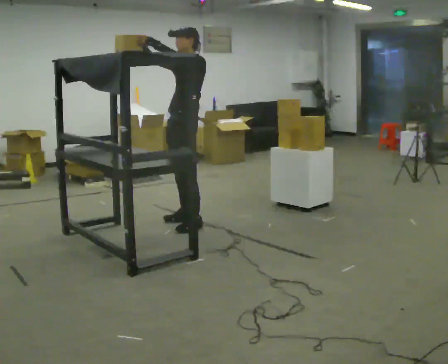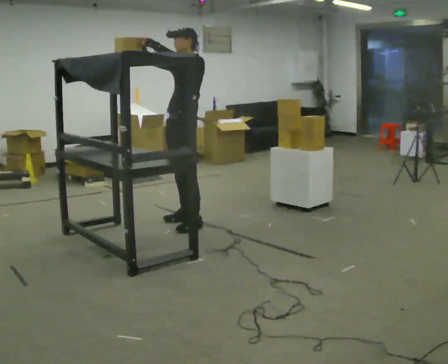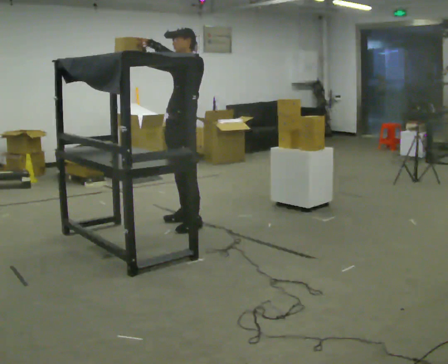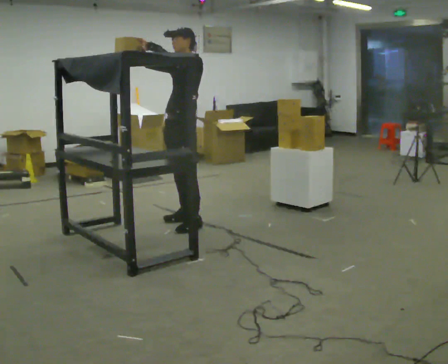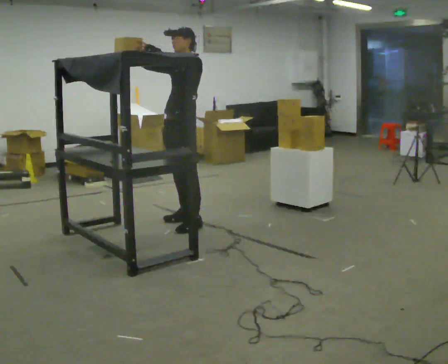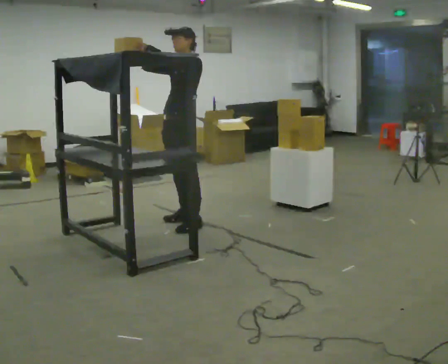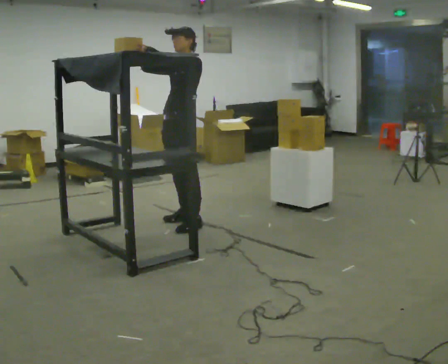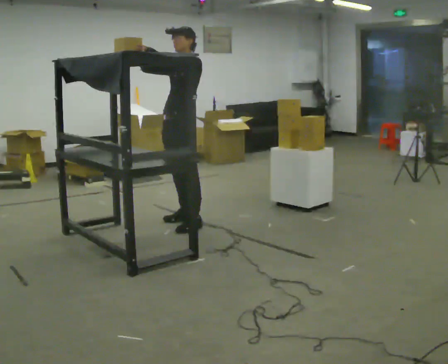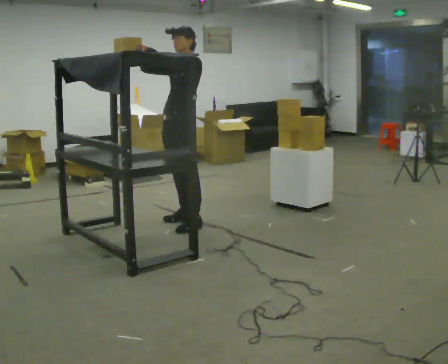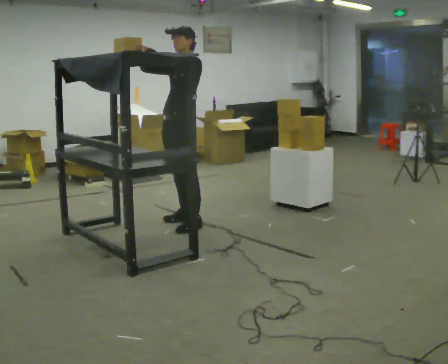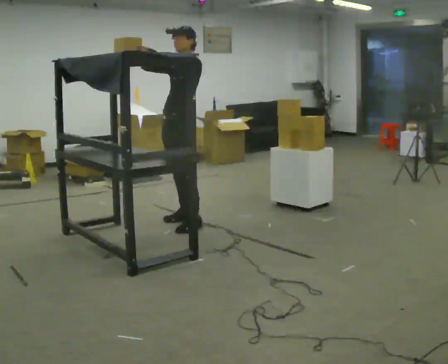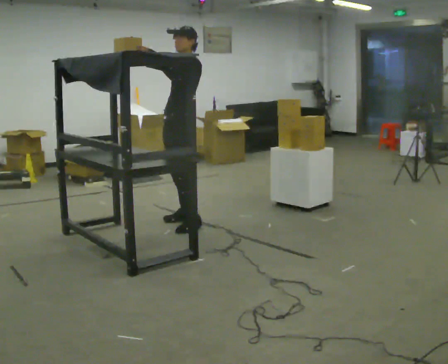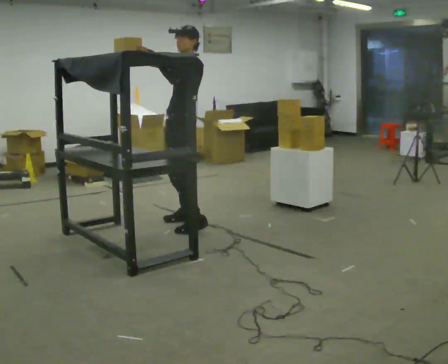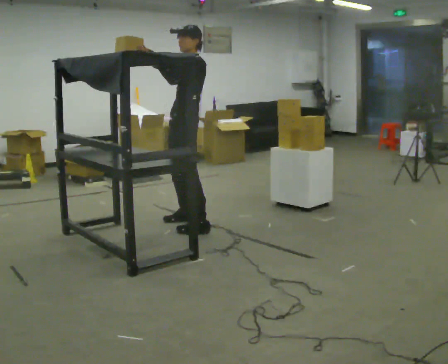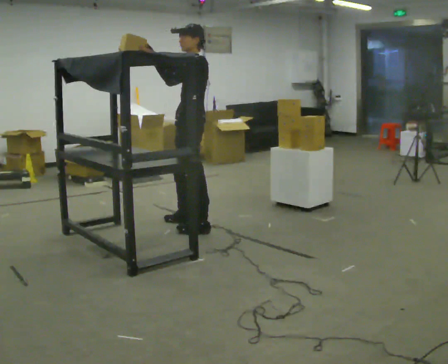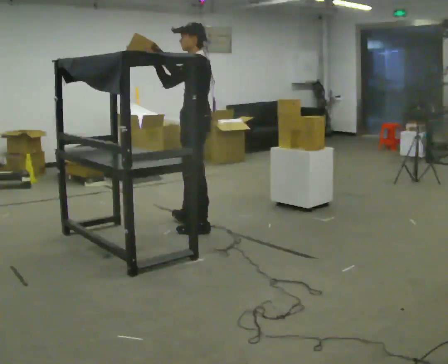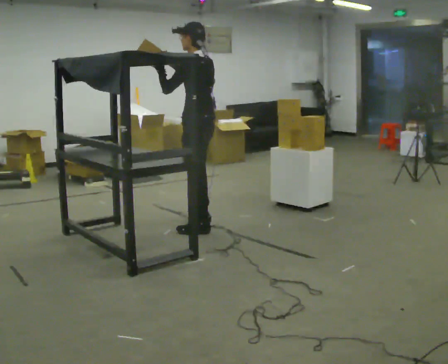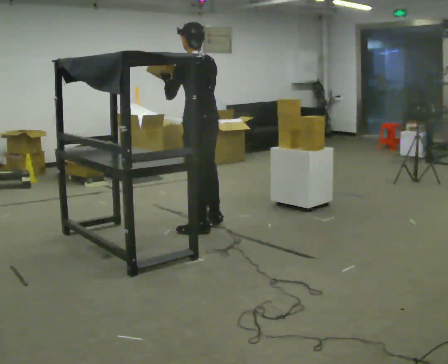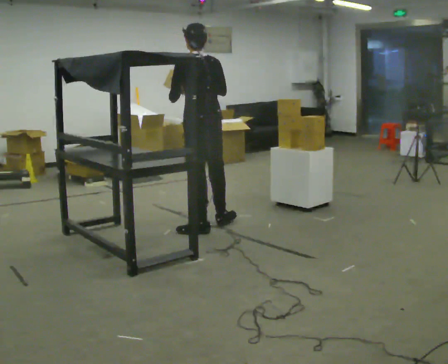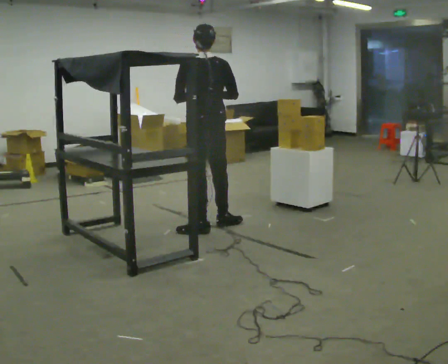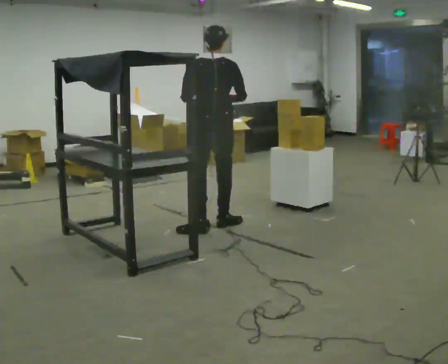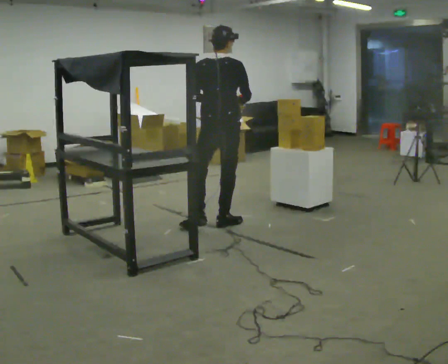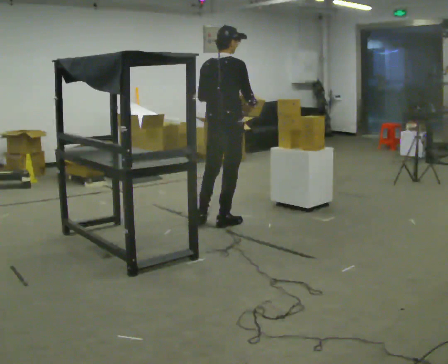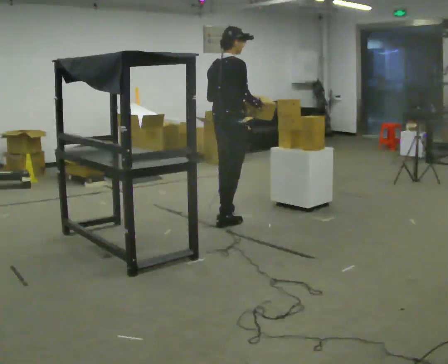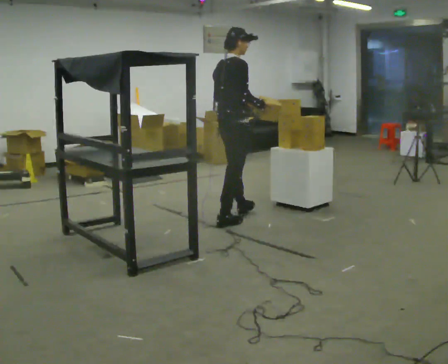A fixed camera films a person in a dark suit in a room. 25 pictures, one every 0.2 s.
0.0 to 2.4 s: The person moves a little, or ends about where they began.
2.4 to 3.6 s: The person turns about 75 degrees to their right, clockwise seen from above, so the part of the body nearest the lens slides to the left. In the picture they go toward the camera and to the right, about 0.25 m in 2 steps. In the picture the upper body tilts counterclockwise, shoulders to the left. In the picture their right hand goes downward.
3.6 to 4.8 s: The part of the body nearest the lens slides to the left as the person turns to their right by about 90 degrees. In the picture they go to the right and away from the camera, about 0.25 m.
The film runs forward here.
